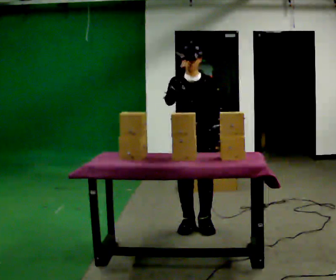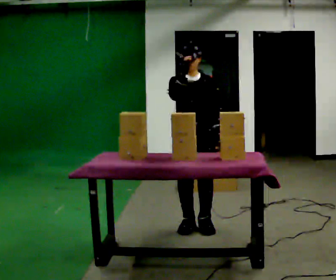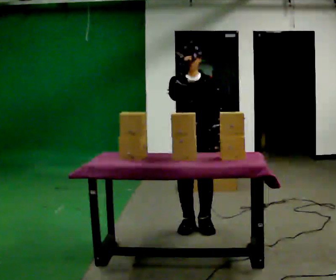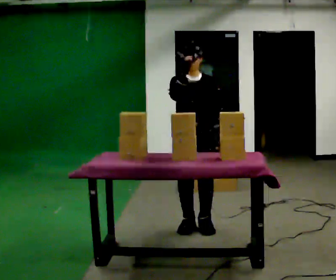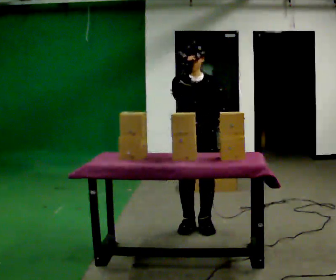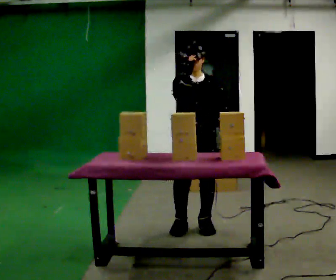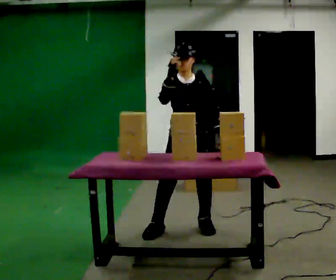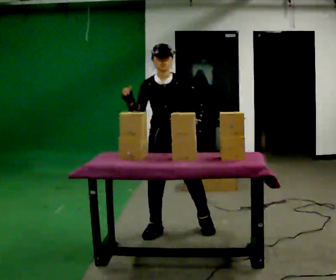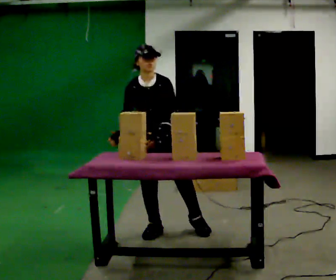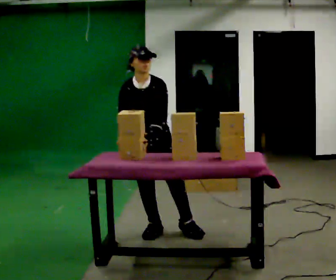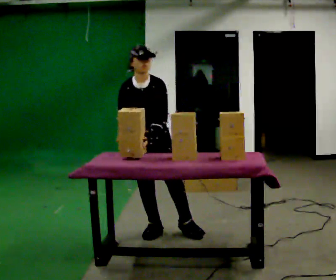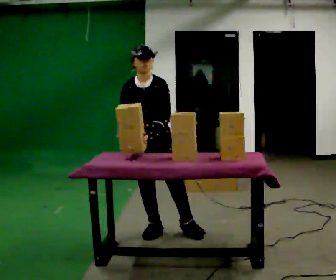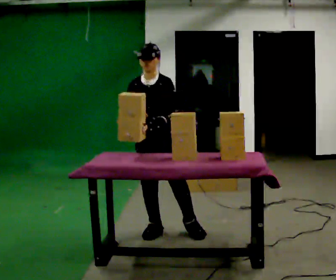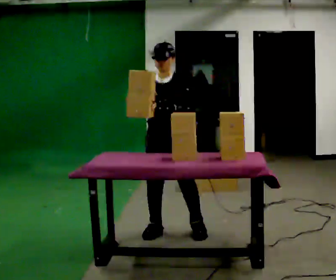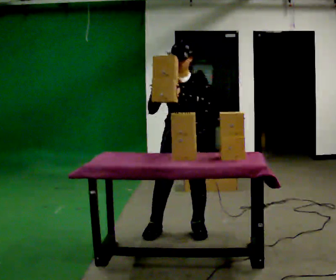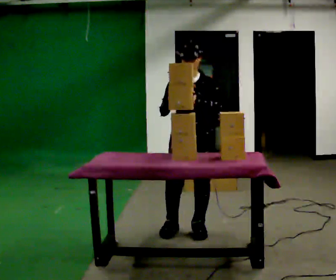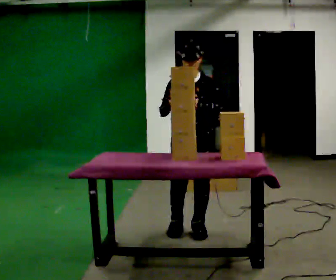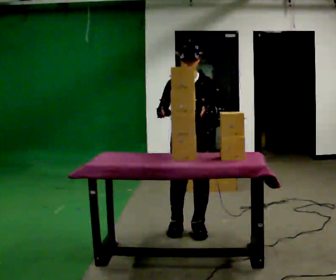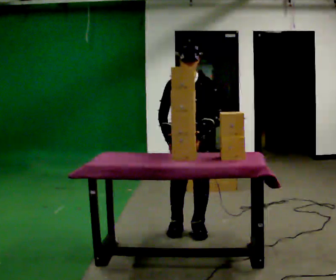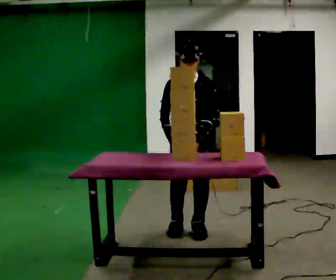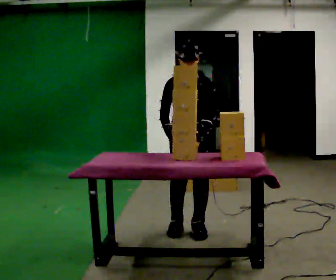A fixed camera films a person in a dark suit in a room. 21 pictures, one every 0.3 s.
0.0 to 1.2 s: The person moves a little, or ends about where they began.
1.2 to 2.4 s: In the picture they go to the left, about 0.25 m in 1 step, which for them is to their right. In the picture their right hand goes downward.
2.4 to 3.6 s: The person moves a little, or ends about where they began.
3.6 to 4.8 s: In the picture they go to the right, about 0.25 m in 1 step, which for them is to their left.
4.8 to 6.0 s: The person moves a little, or ends about where they began.
The film runs backward here.
